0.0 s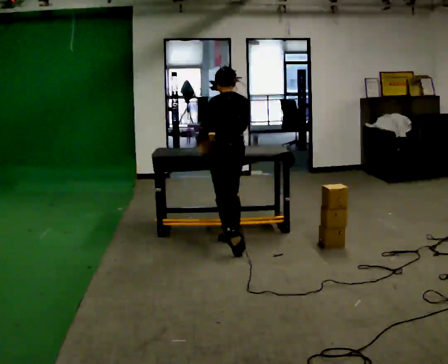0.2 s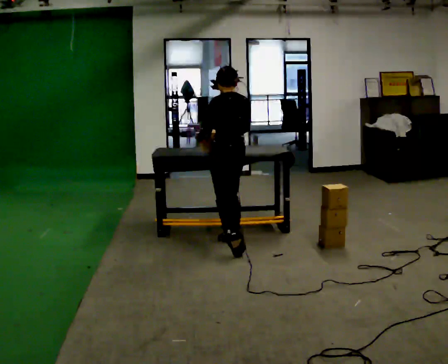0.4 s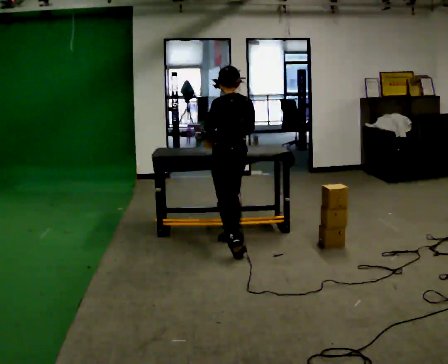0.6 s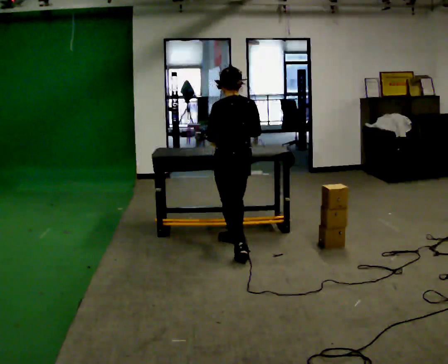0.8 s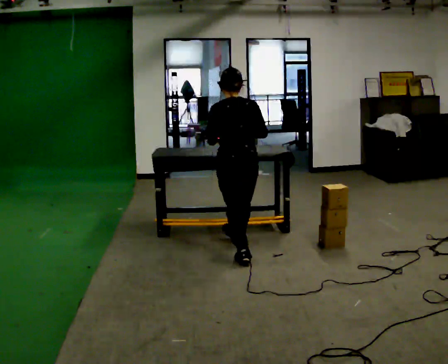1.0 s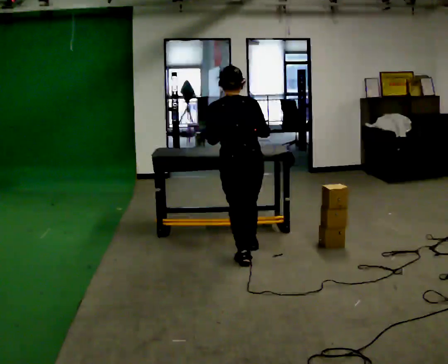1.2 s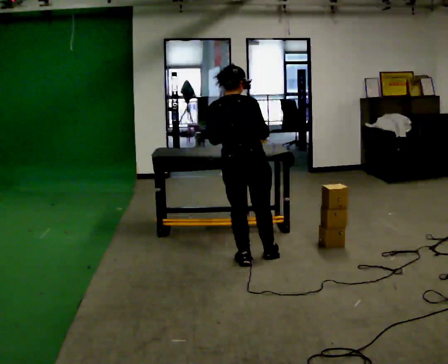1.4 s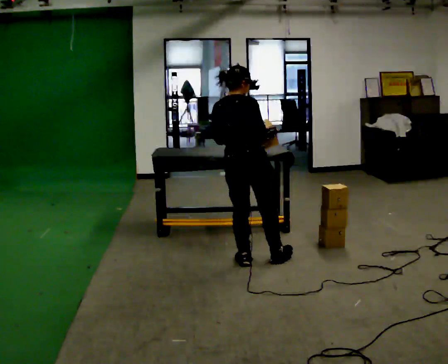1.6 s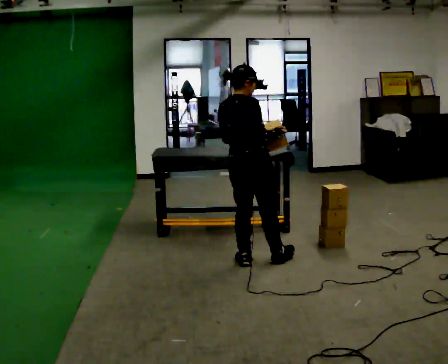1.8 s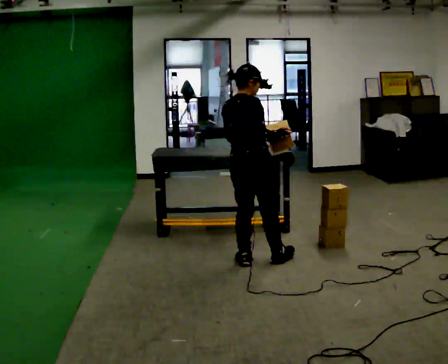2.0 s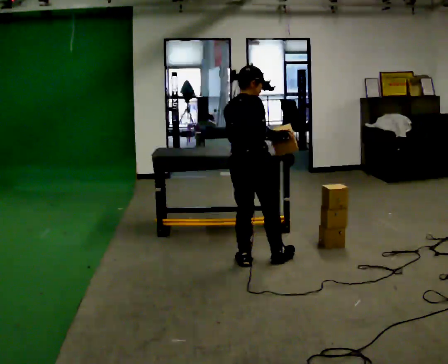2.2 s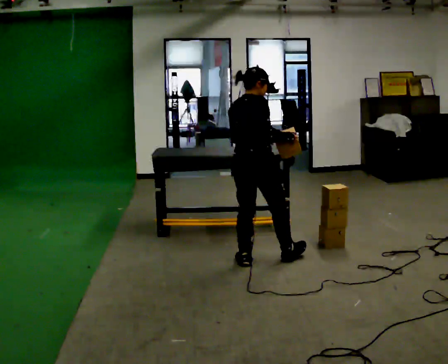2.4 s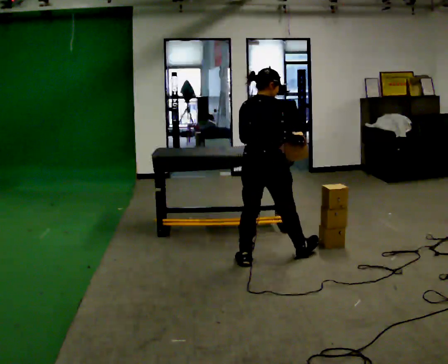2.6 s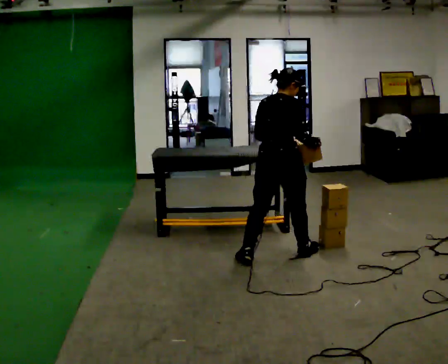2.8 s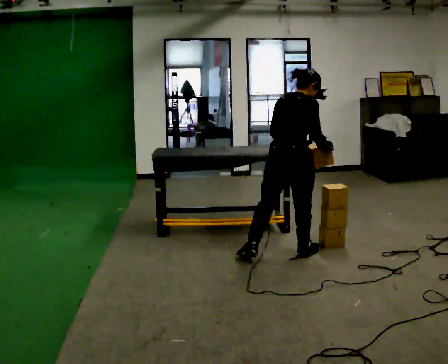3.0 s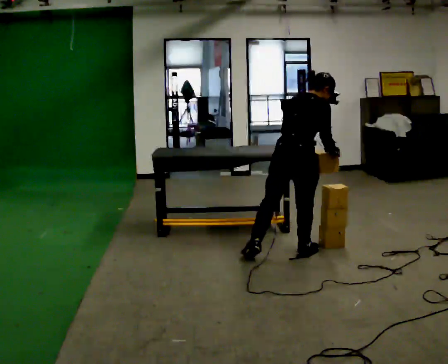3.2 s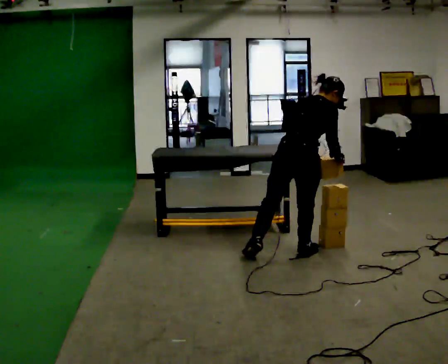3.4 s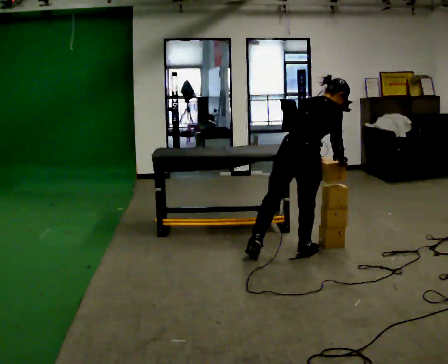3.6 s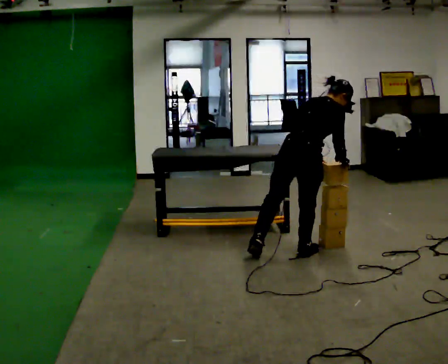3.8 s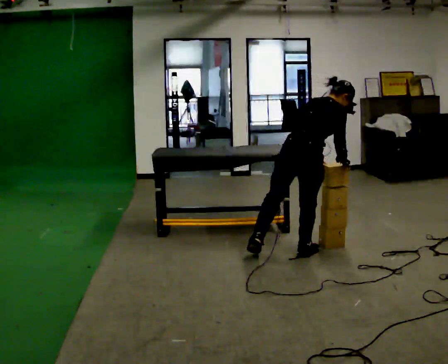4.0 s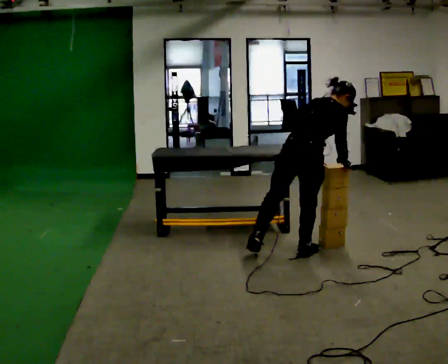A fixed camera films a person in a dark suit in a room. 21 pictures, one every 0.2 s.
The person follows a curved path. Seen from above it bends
counterclockwise.
0.0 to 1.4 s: Seen from above the body turns clockwise, about 75 degrees: to their right, with its near side sliding to the left. In the picture they go toward the camera, about 0.5 m in 1 step.
1.4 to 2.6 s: In the picture they go to the right, about 0.25 m in 1 step, which for them is forward and to their right. In the picture the upper body tilts clockwise, shoulders to the right.
2.6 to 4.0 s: In the picture they go to the right, about 0.25 m, which for them is forward and to their right. In the picture the upper body tilts clockwise, shoulders to the right, as they bend forward.
The film runs forward here.
